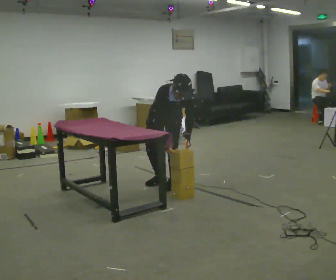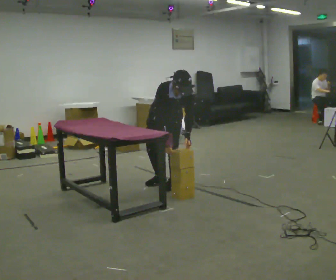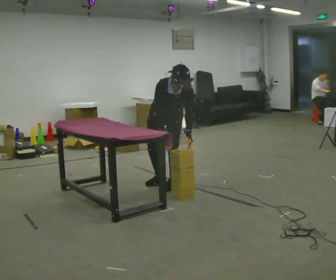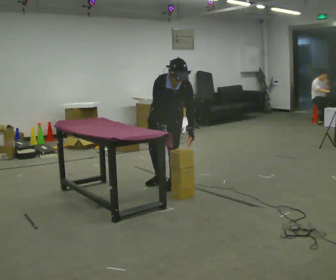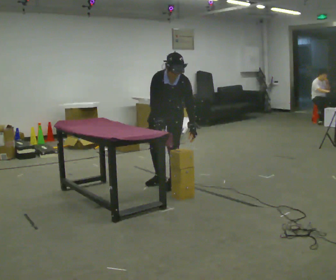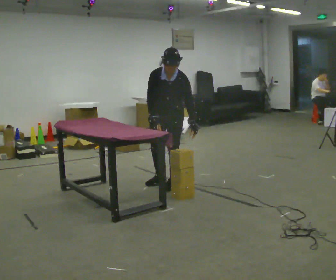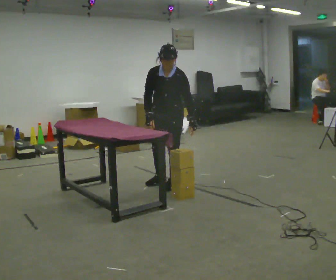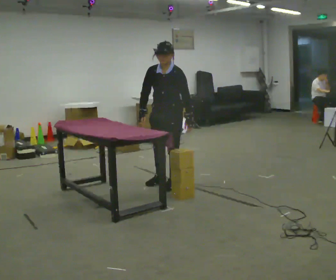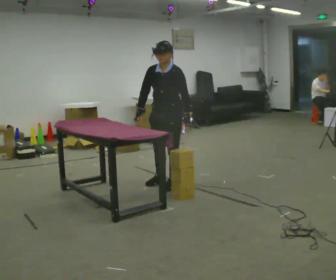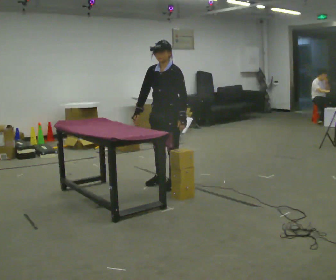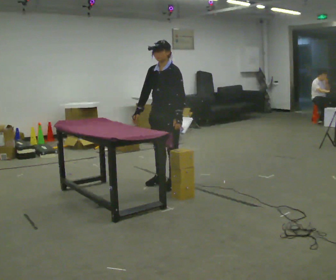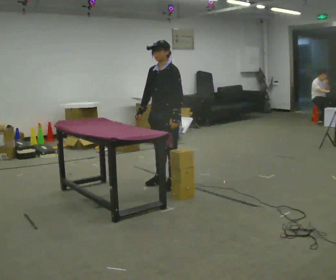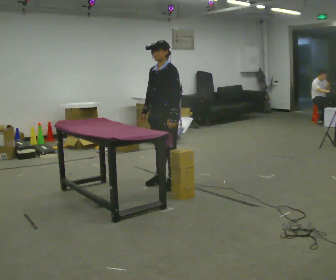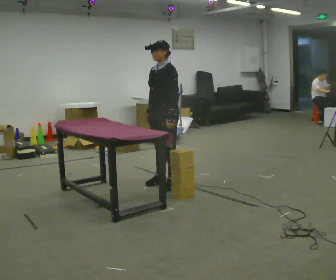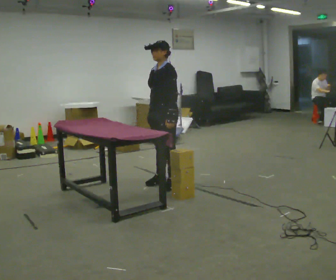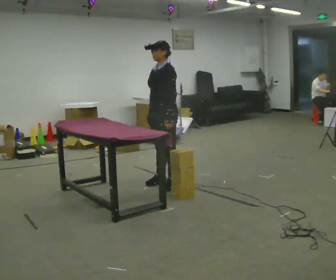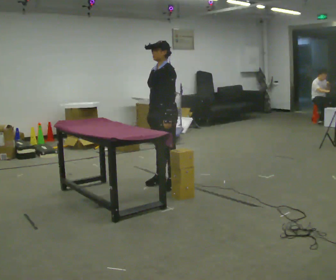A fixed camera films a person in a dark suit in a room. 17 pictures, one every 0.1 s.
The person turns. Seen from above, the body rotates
clockwise.
The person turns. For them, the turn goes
to their right.
0.0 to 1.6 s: Seen from above the body turns clockwise, about 75 degrees: to their right, with its near side sliding to the left. The upper body goes upward. The upper body tips away from the camera, its near side rolling upward, as they lean back or straighten.
The film runs forward here.
